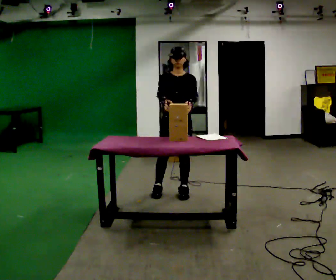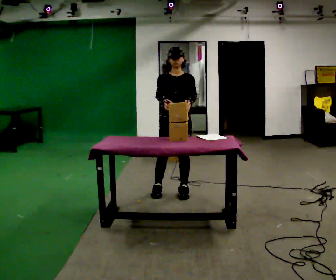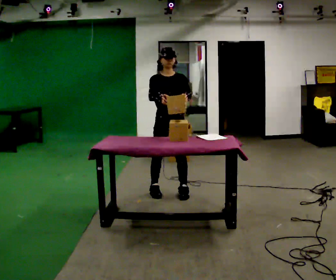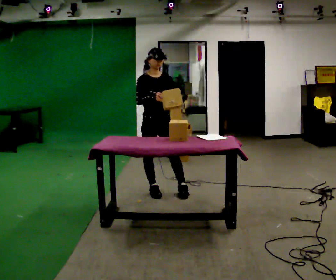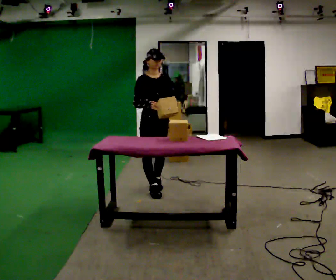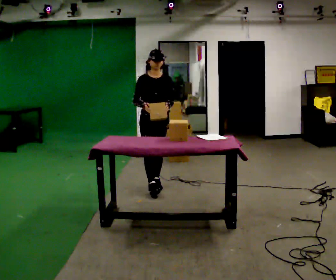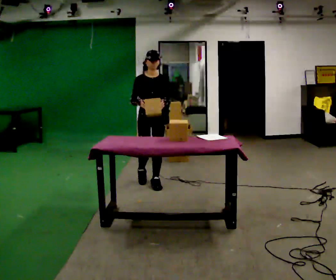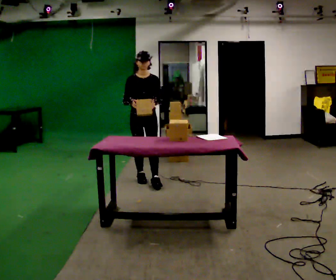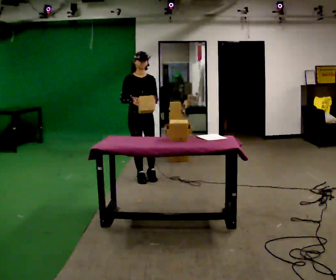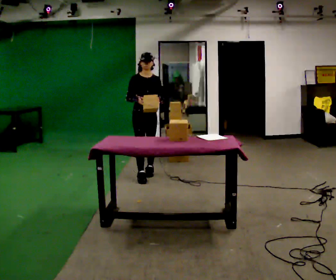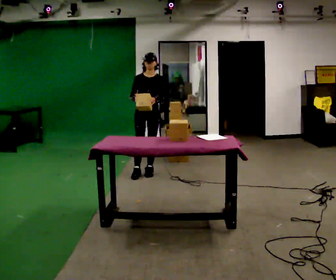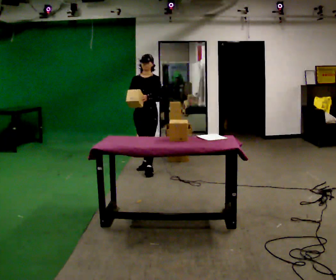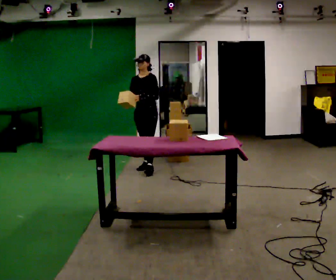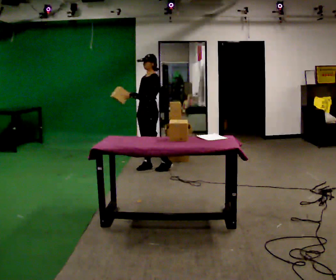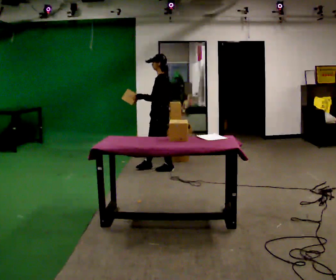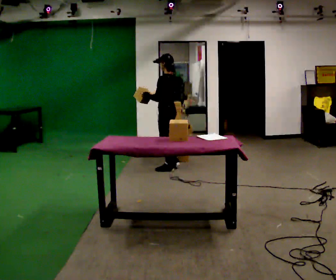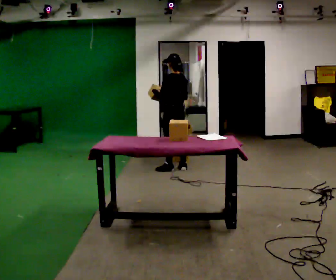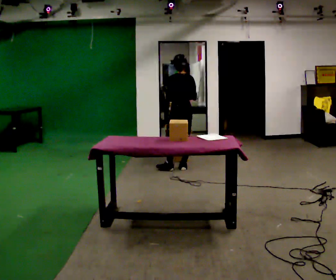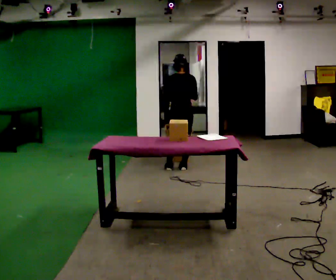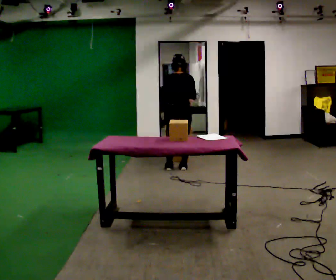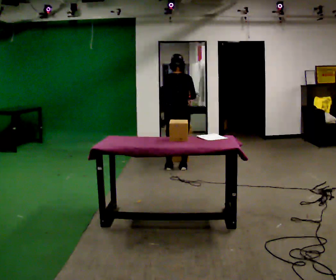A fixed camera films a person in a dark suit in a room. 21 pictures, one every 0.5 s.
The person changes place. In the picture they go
away from the camera.
The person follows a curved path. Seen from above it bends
clockwise.
0.0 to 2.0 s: The person turns about 30 degrees to their left, counterclockwise seen from above, so the part of the body nearest the lens slides to the right. In the picture they go to the left, about 0.25 m in 1 step, which for them is to their right and backward.
2.0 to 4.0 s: In the picture they go away from the camera, about 0.5 m in 2 steps, which for them is backward.
4.0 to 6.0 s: The person turns about 45 degrees to their right, clockwise seen from above, so the part of the body nearest the lens slides to the left. In the picture they go away from the camera, about 0.5 m in 2 steps, which for them is backward.
6.0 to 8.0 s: The person turns about 120 degrees to their right, clockwise seen from above, so the part of the body nearest the lens slides to the left. In the picture they go to the right, about 0.5 m in 1 step.
8.0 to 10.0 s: The person turns about 45 degrees to their right, clockwise seen from above, so the part of the body nearest the lens slides to the left.
The film runs backward here.
